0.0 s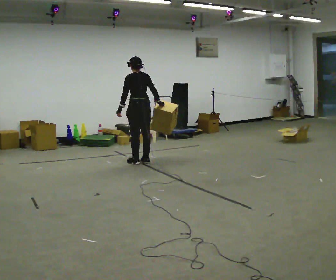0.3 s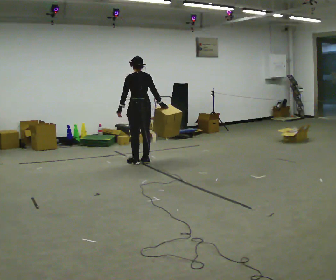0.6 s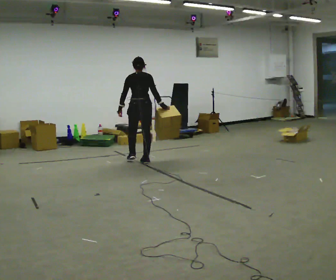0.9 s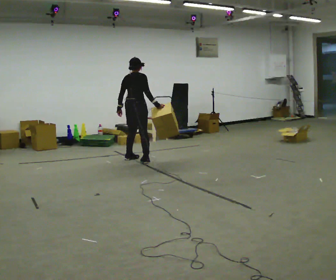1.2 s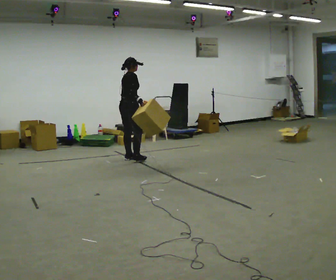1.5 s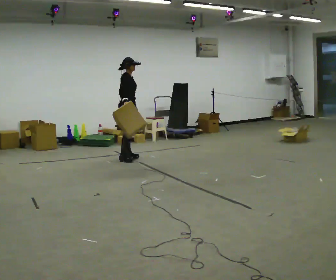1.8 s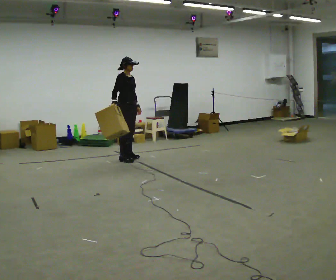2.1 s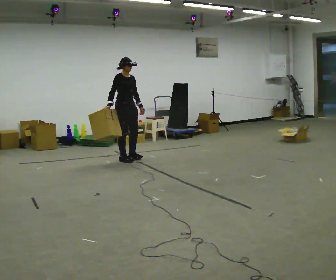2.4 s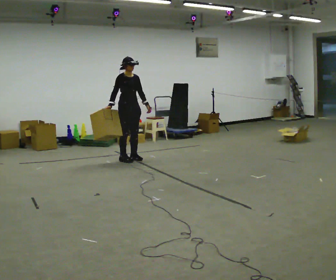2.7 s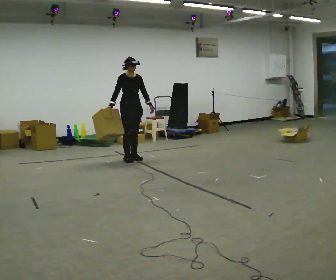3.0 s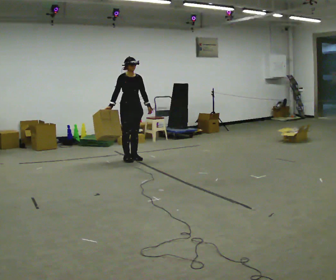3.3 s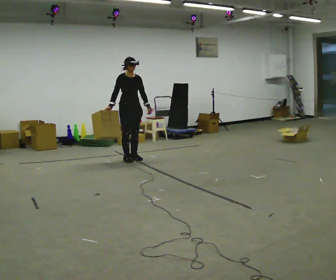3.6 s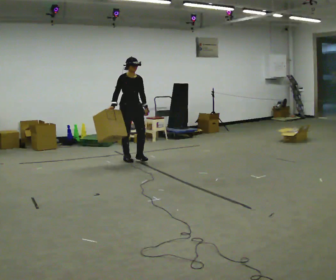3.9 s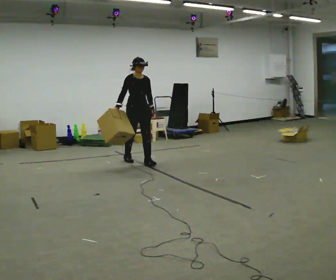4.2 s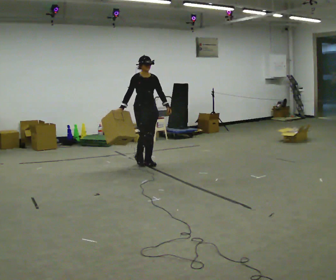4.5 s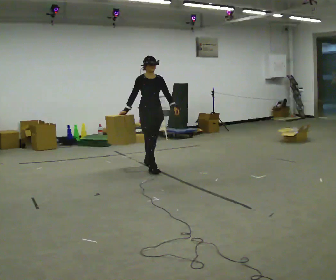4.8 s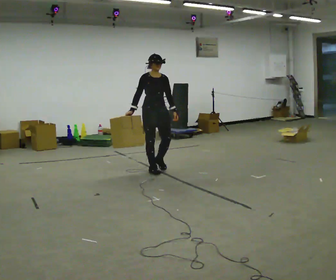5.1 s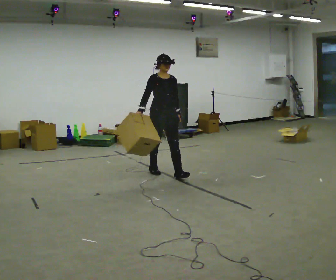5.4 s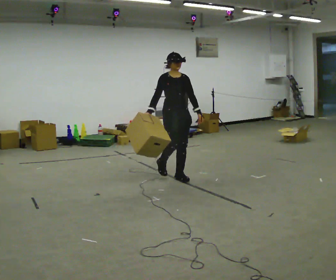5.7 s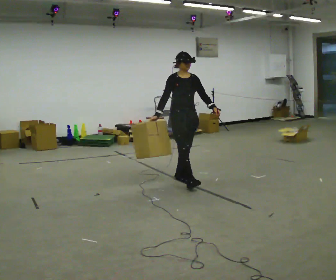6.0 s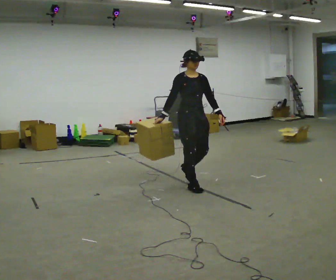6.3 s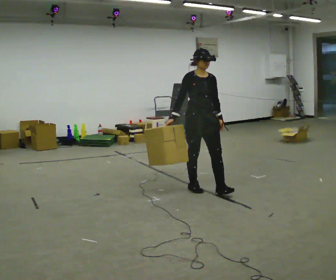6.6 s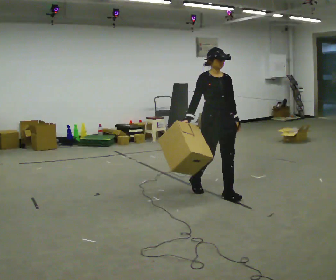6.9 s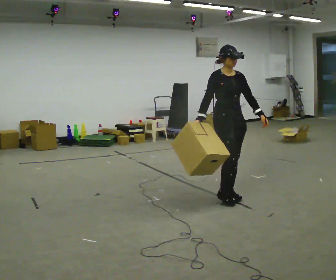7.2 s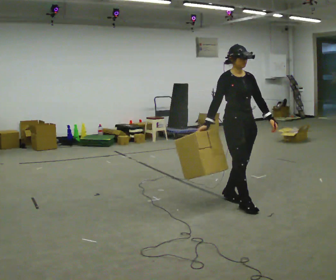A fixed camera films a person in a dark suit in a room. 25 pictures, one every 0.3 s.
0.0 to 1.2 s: The part of the body nearest the lens slides to the left as the person turns to their right by about 90 degrees. In the picture they go away from the camera and to the left, about 0.25 m in 1 step.
1.2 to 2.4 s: The part of the body nearest the lens slides to the left as the person turns to their right by about 75 degrees. In the picture their right hand goes to the left, the arm swinging clockwise.
2.4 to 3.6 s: The person moves a little, or ends about where they began.
3.6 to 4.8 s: In the picture they go toward the camera and to the right, about 1 m in 2 steps, which for them is forward.
4.8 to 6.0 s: In the picture they go toward the camera and to the right, about 1 m in 2 steps, which for them is forward.
6.0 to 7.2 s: In the picture they go toward the camera and to the right, about 1 m in 2 steps, which for them is forward.
The film runs forward here.
